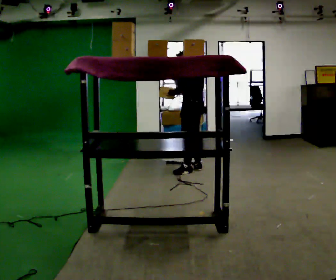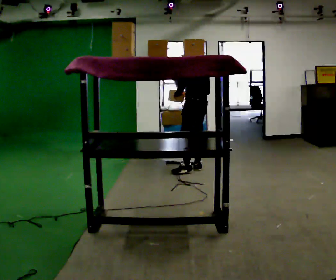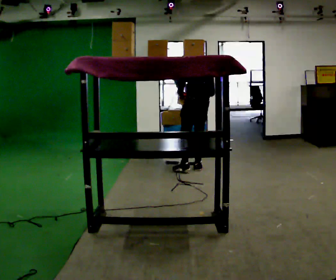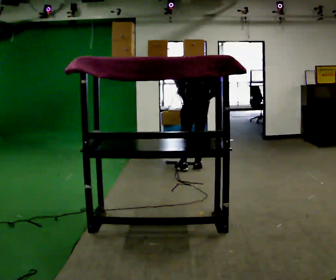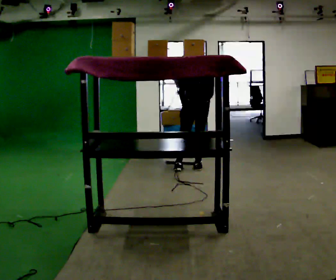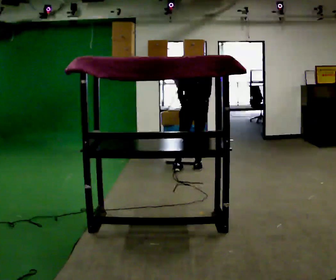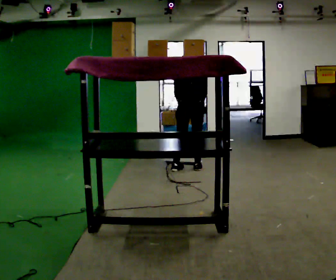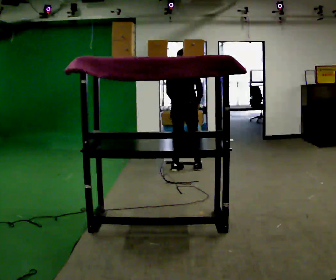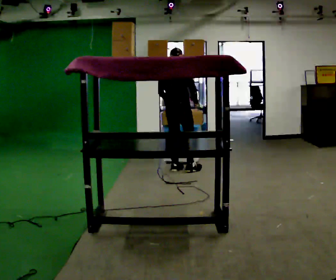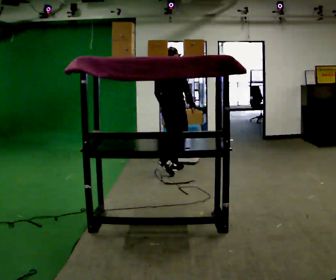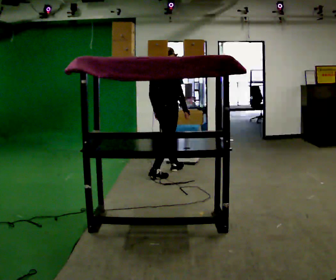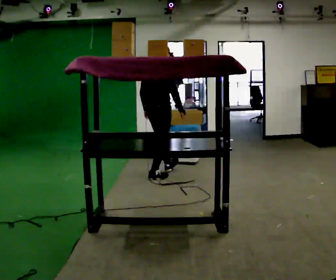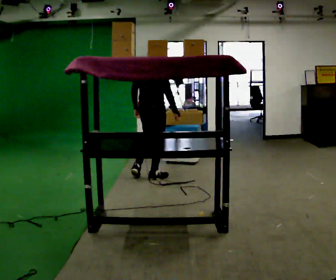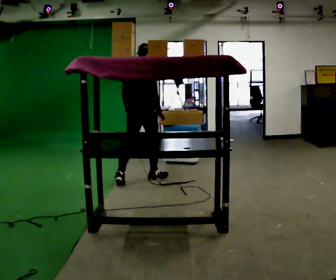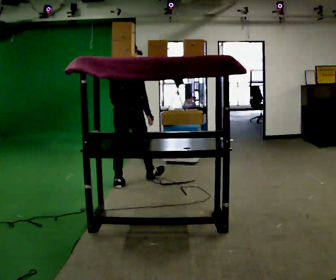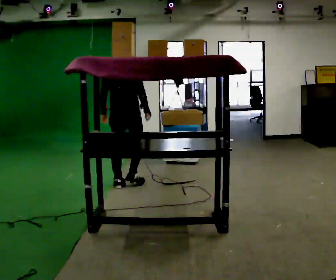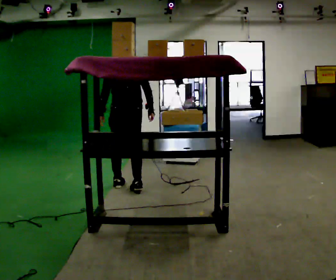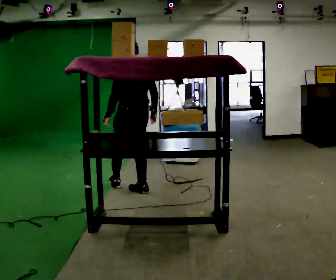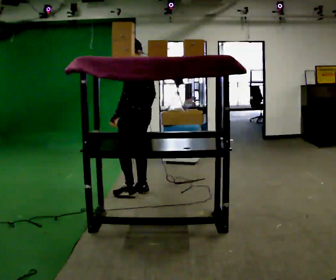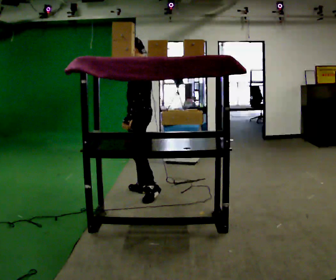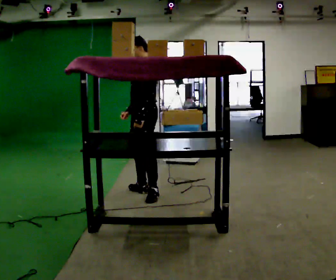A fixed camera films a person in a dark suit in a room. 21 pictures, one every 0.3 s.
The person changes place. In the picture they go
toward the camera.
The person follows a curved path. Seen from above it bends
counterclockwise.
0.0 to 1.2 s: The person turns about 60 degrees to their right, clockwise seen from above, so the part of the body nearest the lens slides to the left. The upper body tips away from the camera, its near side rolling upward, as they bend forward. In the picture their right hand goes to the right.
1.2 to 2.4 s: The part of the body nearest the lens slides to the left as the person turns to their right by about 45 degrees. In the picture they go to the left, about 0.25 m in 1 step, which for them is to their left.
2.4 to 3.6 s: In the picture they go toward the camera and to the left, about 0.5 m in 1 step, which for them is backward.
3.6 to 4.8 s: The part of the body nearest the lens slides to the right as the person turns to their left by about 45 degrees. In the picture they go toward the camera and to the left, about 0.5 m in 1 step, which for them is backward.
4.8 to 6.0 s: The person turns about 105 degrees to their left, counterclockwise seen from above, so the part of the body nearest the lens slides to the right. In the picture they go to the right and toward the camera, about 0.25 m in 1 step.
The film runs backward here.
